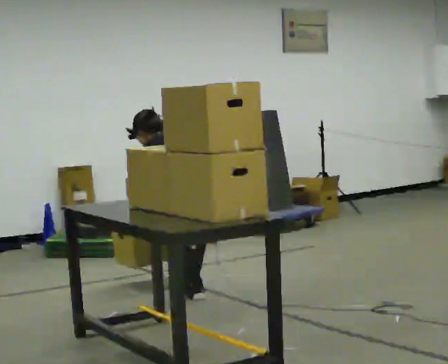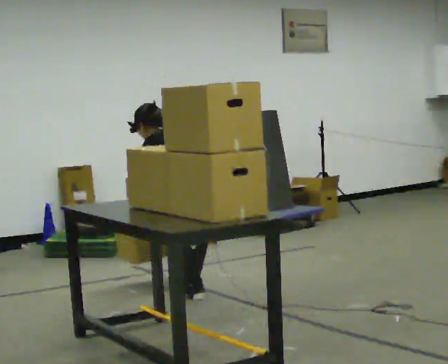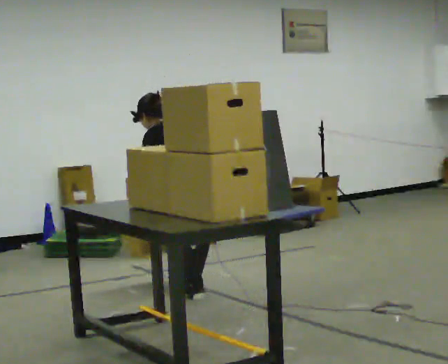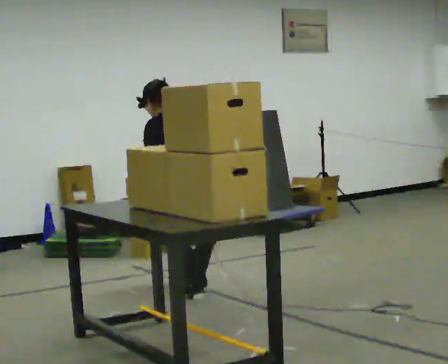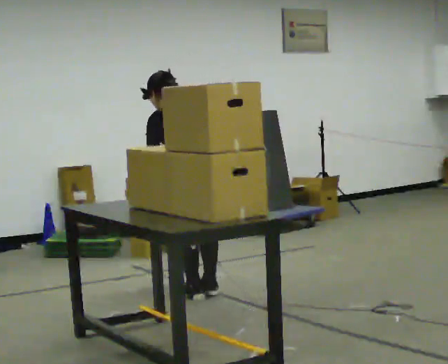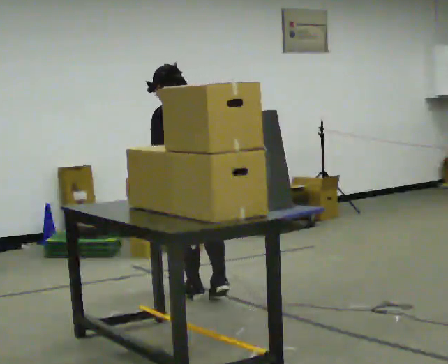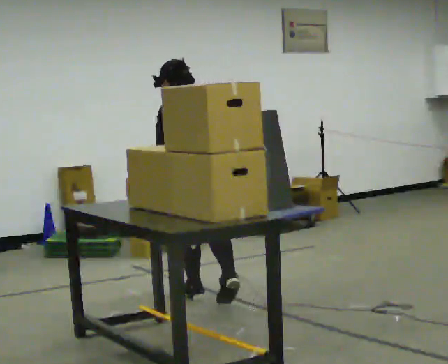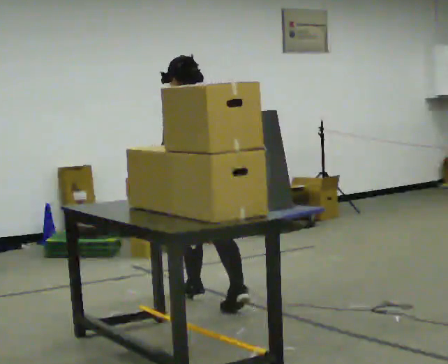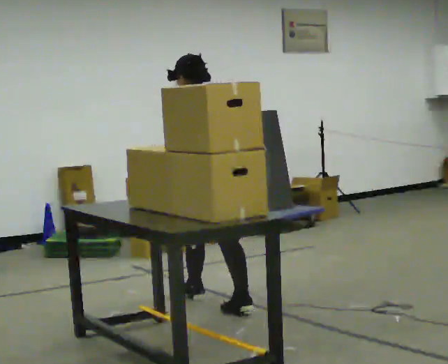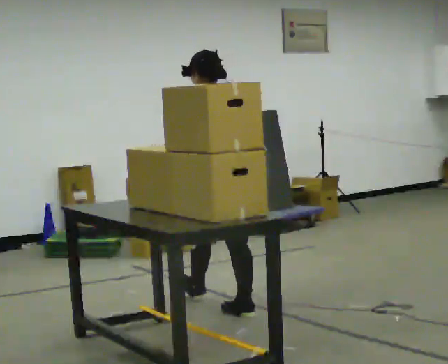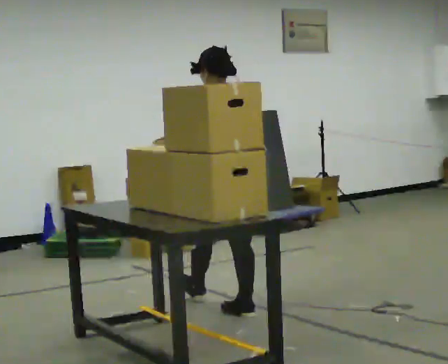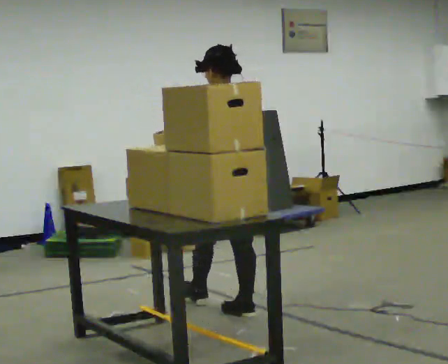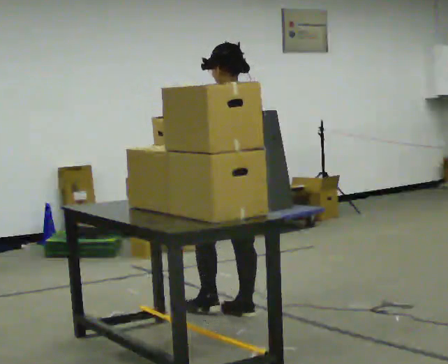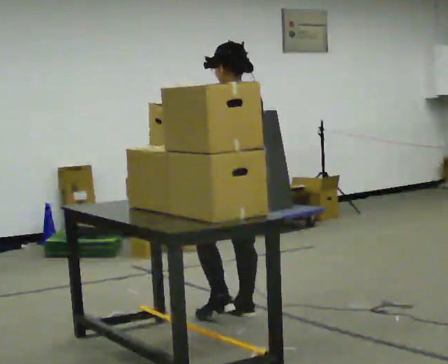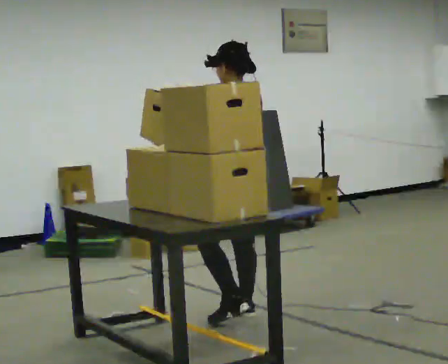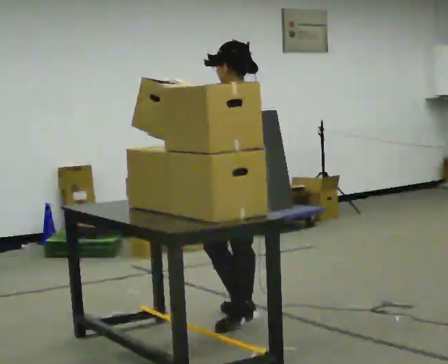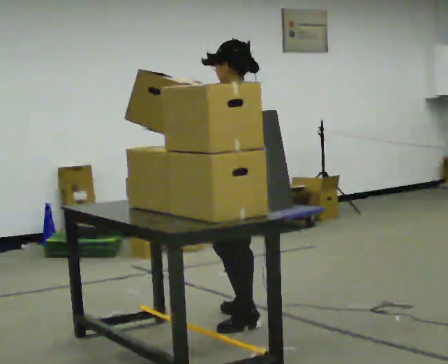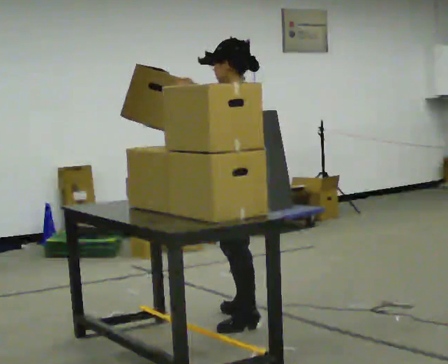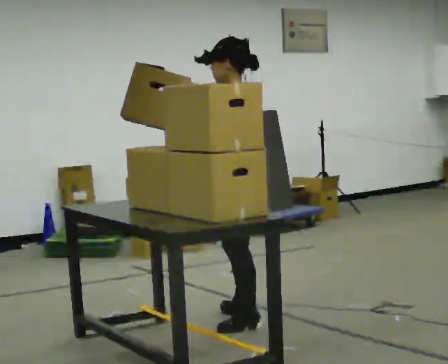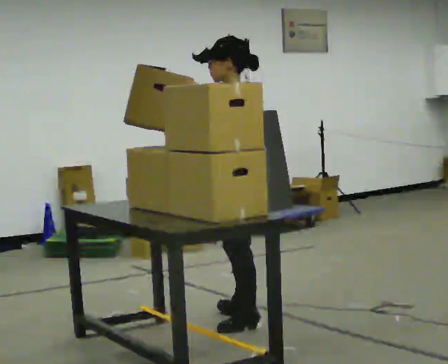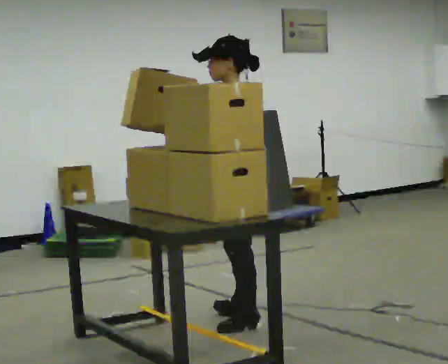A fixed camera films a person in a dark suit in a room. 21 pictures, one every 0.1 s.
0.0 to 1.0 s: In the picture they go toward the camera, about 0.5 m in 2 steps, which for them is backward. The upper body goes upward. In the picture the upper body tilts clockwise, shoulders to the right, as they lean back or straighten. In the picture their right hand goes upward.
1.0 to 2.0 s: The part of the body nearest the lens slides to the right as the person turns to their left by about 60 degrees. In the picture they go toward the camera, about 0.25 m. In the picture their right hand goes upward.
The film runs backward here.
